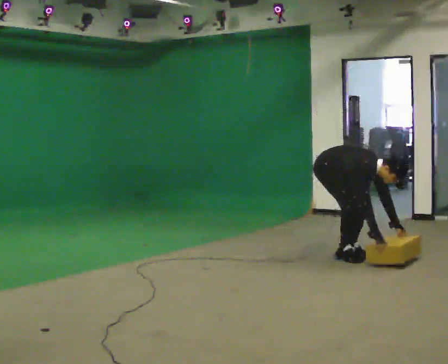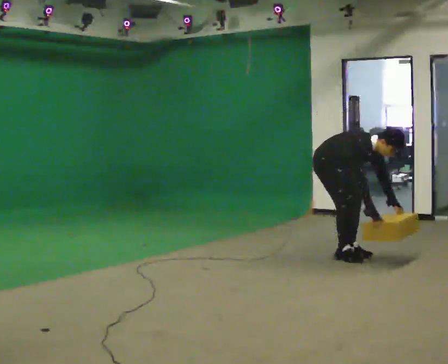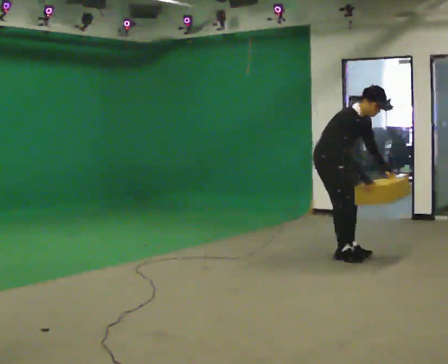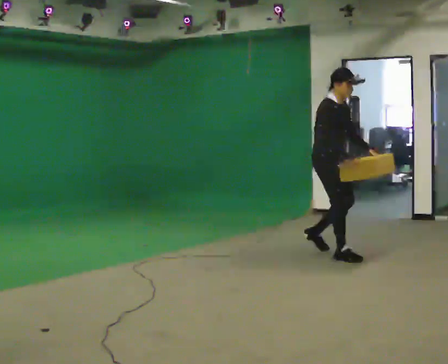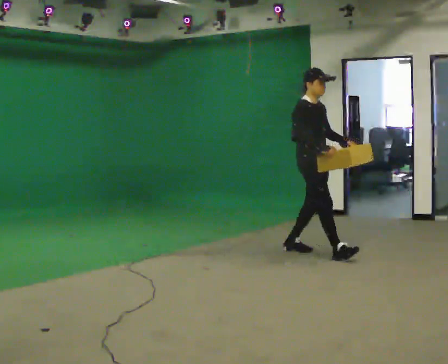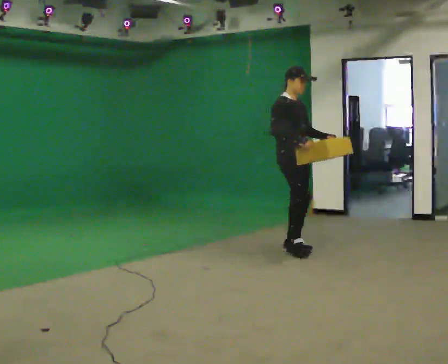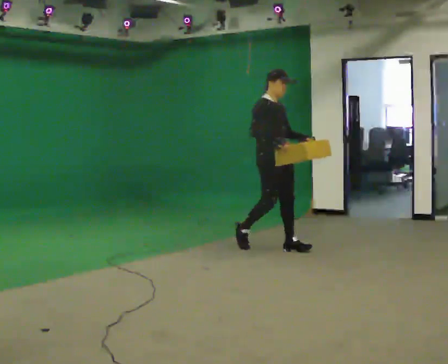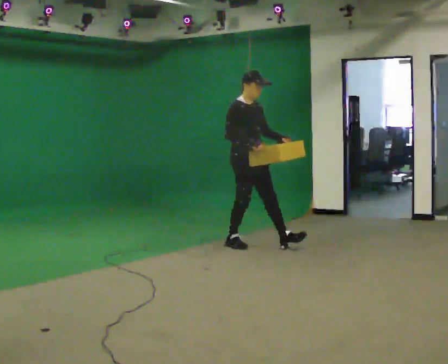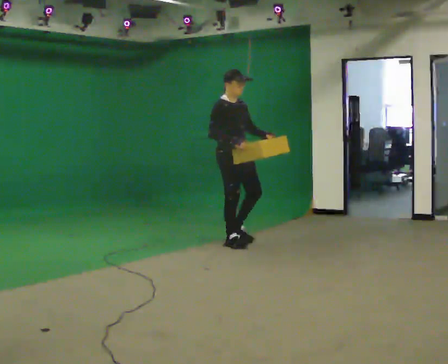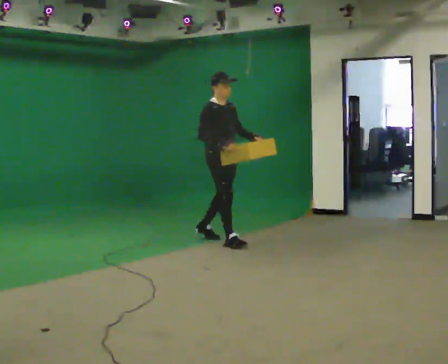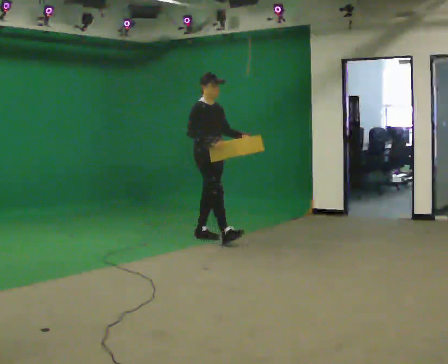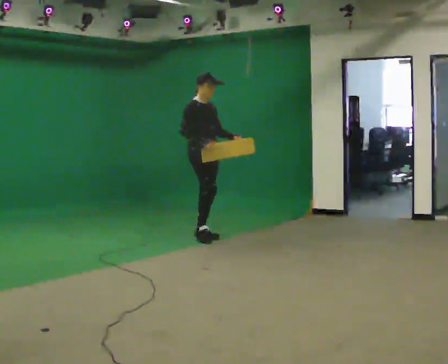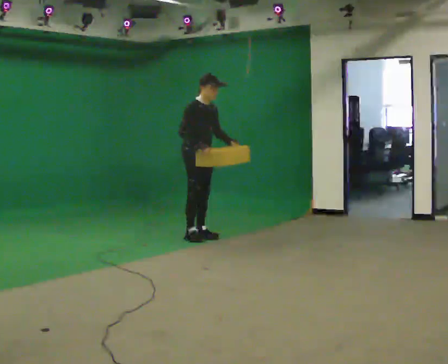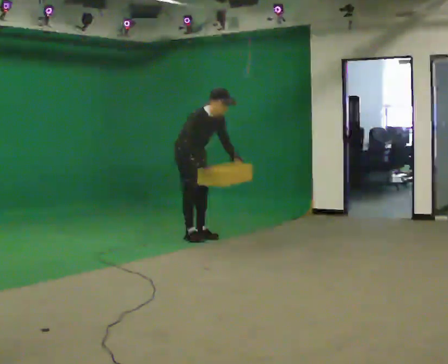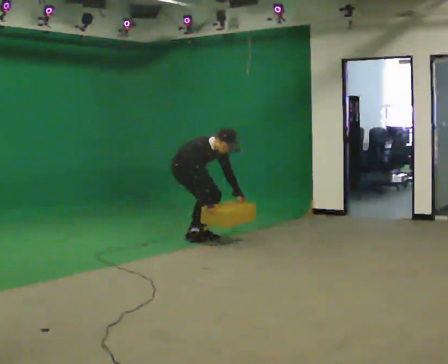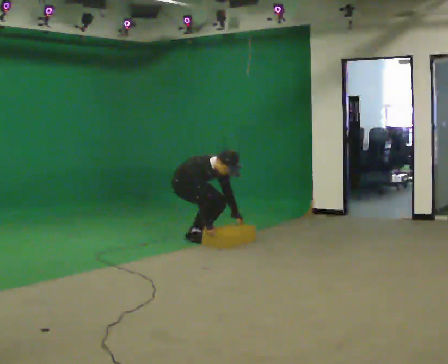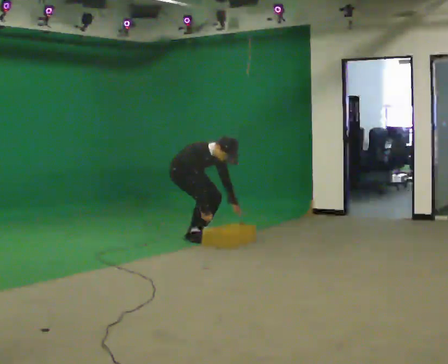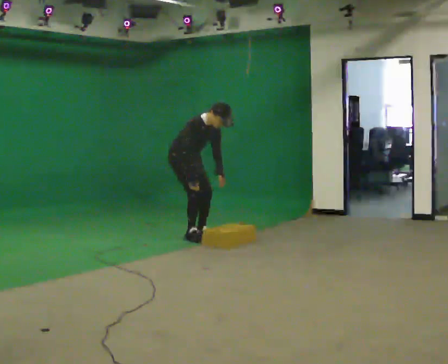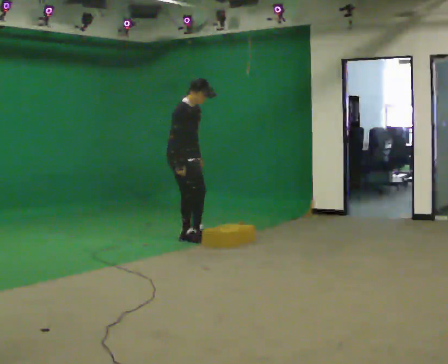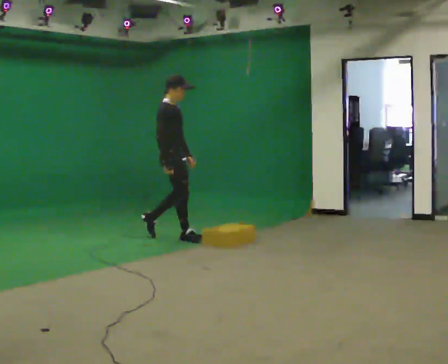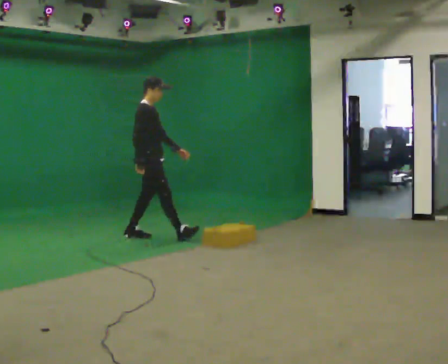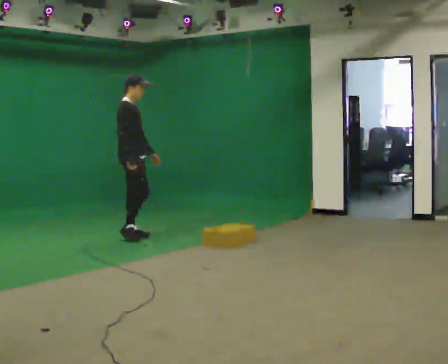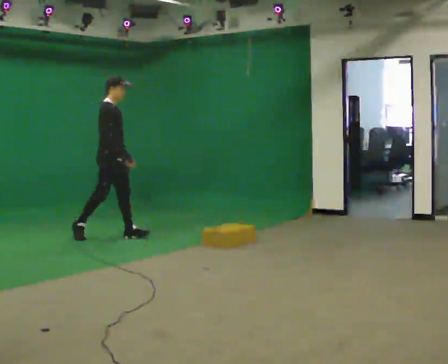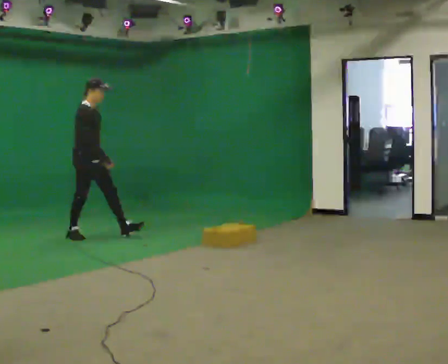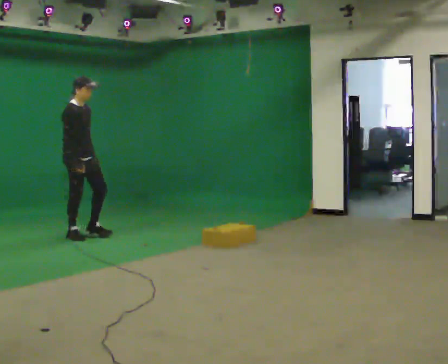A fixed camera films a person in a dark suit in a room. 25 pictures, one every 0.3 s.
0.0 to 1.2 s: In the picture they go to the left and away from the camera, about 0.25 m in 1 step, which for them is backward. The shoulders move upward. In the picture the upper body tilts counterclockwise, shoulders to the left, as they lean back or straighten. In the picture their right hand goes upward and to the left.
1.2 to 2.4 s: In the picture they go to the left and away from the camera, about 1 m in 2 steps, which for them is backward.
2.4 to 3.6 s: In the picture they go away from the camera and to the left, about 0.5 m in 1 step, which for them is backward.
3.6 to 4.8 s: In the picture the upper body tilts clockwise, shoulders to the right, as they bend forward. In the picture their right hand goes downward.
4.8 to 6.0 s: The person turns about 45 degrees to their left, counterclockwise seen from above, so the part of the body nearest the lens slides to the right. In the picture they go to the left, about 0.5 m in 2 steps, which for them is backward and to their right. The shoulders move upward. In the picture the upper body tilts counterclockwise, shoulders to the left, as they lean back or straighten. In the picture their left hand goes upward.
6.0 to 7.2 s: In the picture they go to the left, about 1 m in 1 step, which for them is backward.
The film runs backward here.
